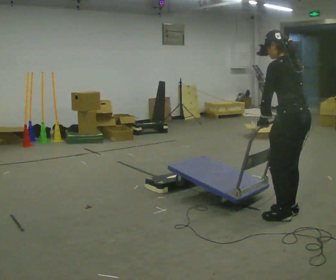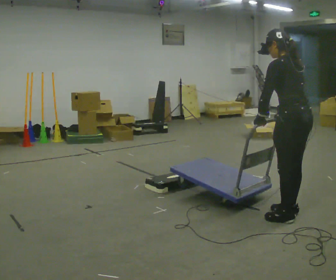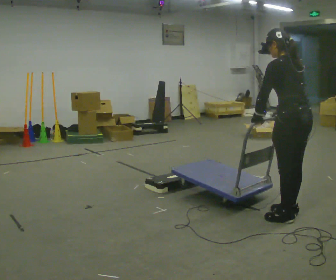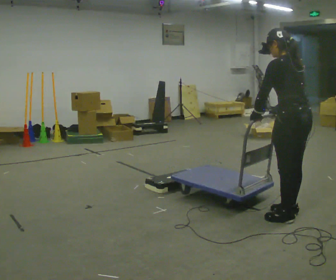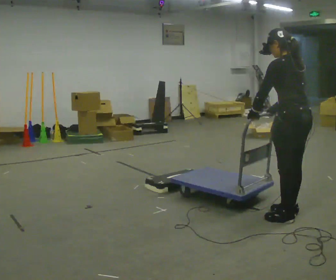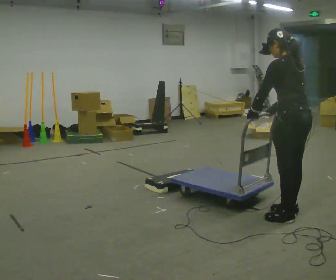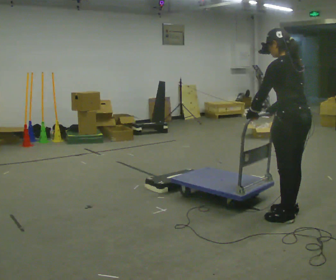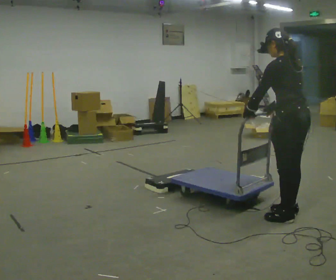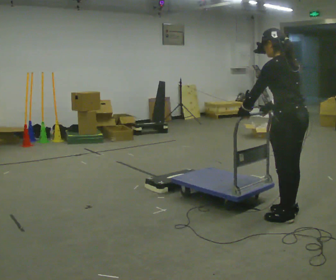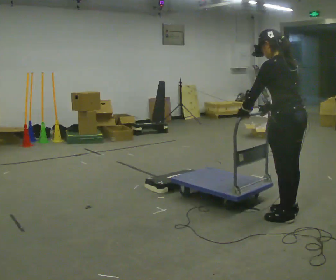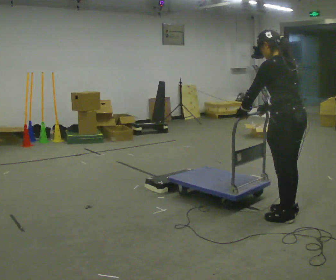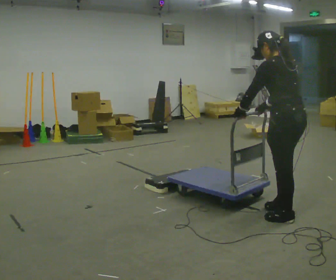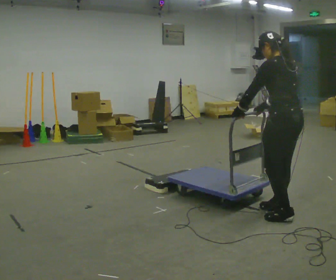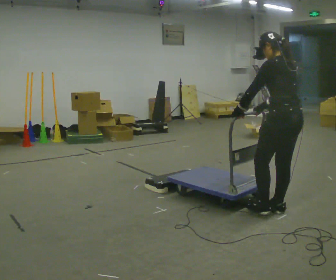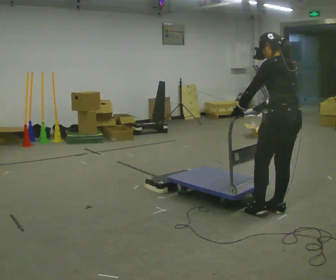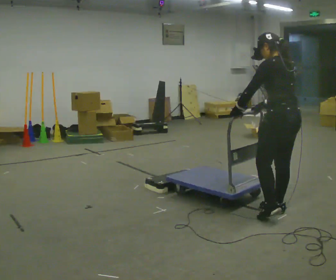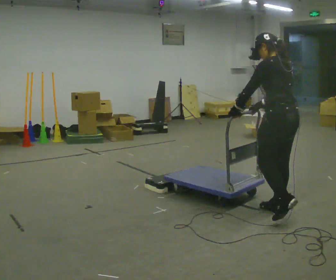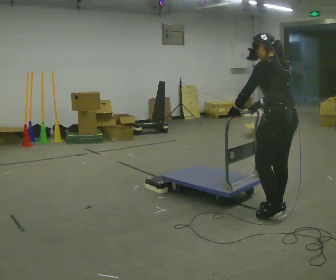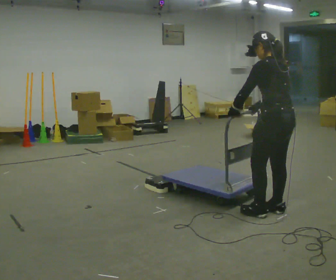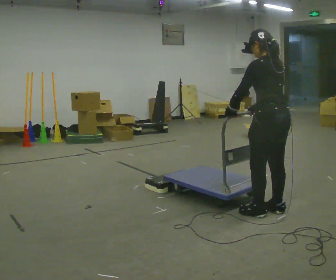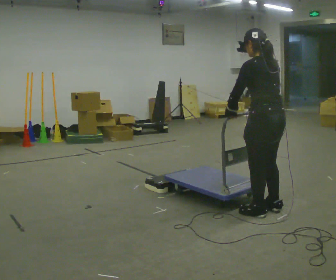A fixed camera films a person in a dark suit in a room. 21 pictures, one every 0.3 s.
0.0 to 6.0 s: In the picture they go to the left, about 0.25 m in 3 steps, which for them is forward.
The film runs forward here.
